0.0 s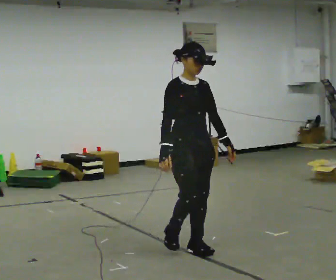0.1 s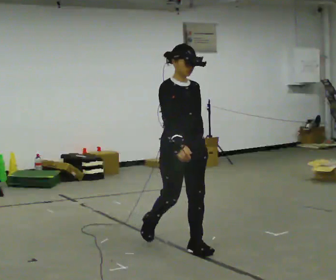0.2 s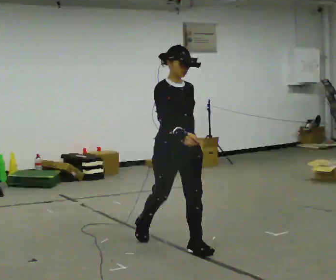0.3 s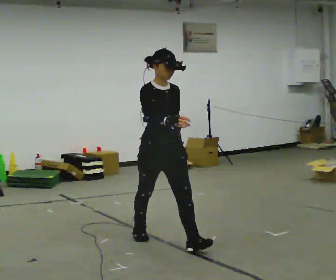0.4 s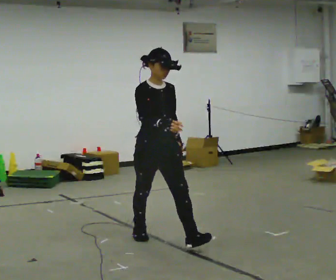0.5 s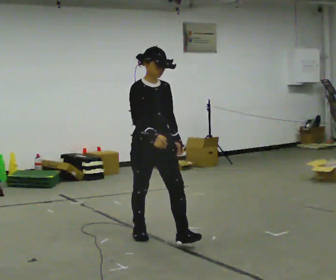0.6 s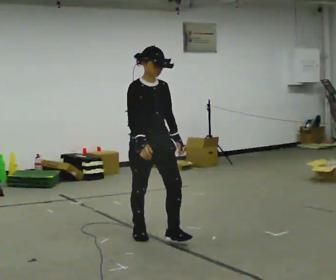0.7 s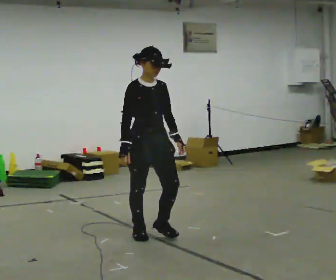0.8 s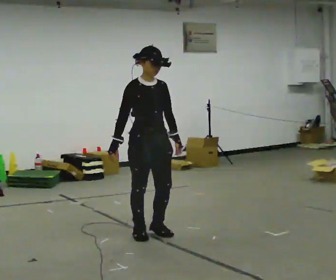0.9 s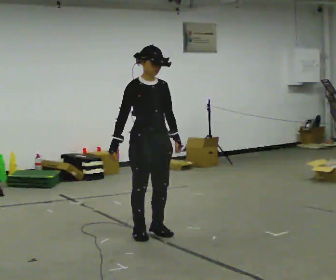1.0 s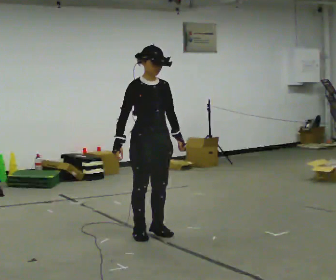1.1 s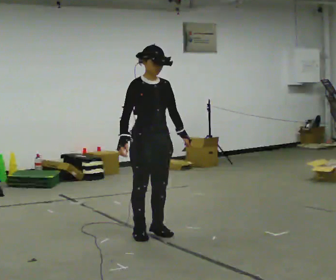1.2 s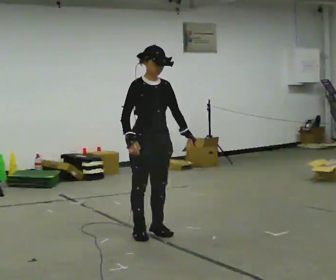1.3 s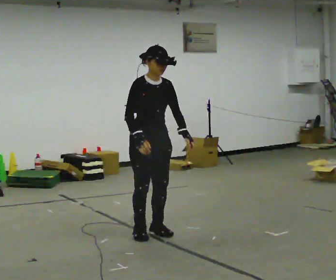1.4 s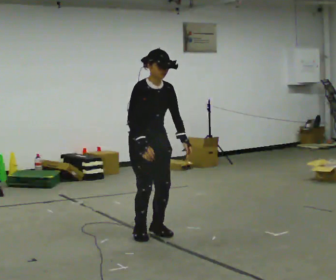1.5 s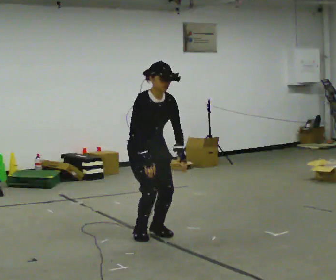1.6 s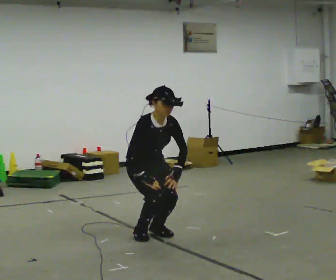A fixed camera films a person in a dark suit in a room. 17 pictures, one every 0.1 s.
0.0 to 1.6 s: In the picture they go away from the camera and to the left, about 0.75 m in 1 step, which for them is backward. The shoulders move downward. The upper body tips toward the camera, its near side rolling downward, as they bend forward.
The film runs backward here.
